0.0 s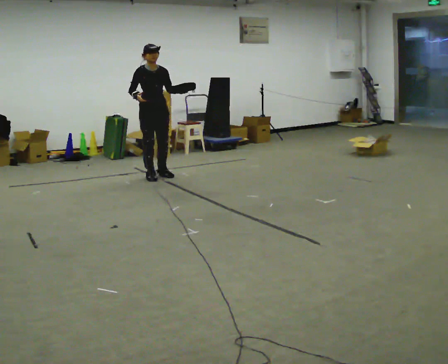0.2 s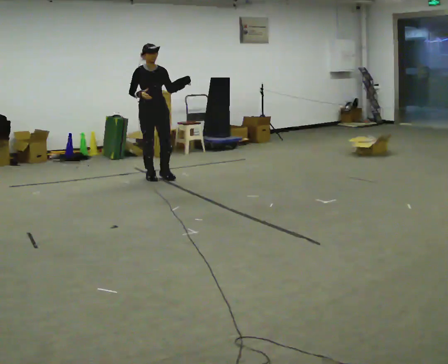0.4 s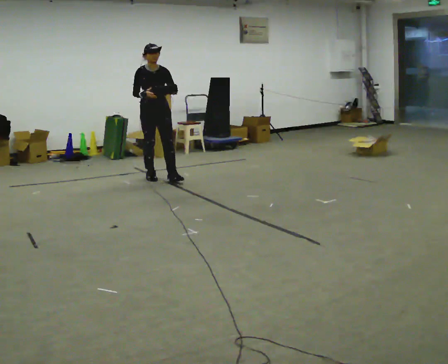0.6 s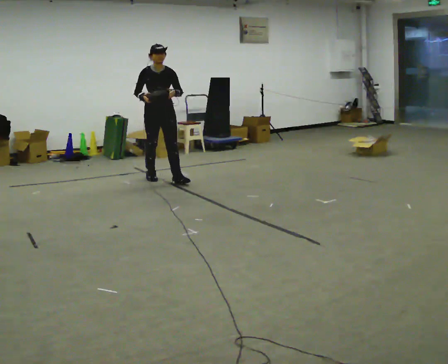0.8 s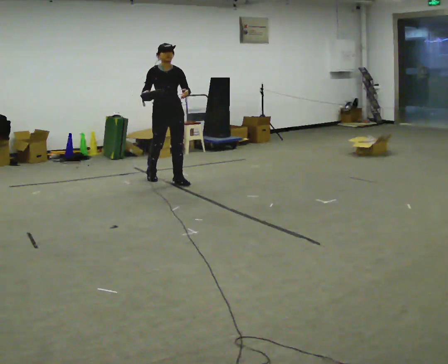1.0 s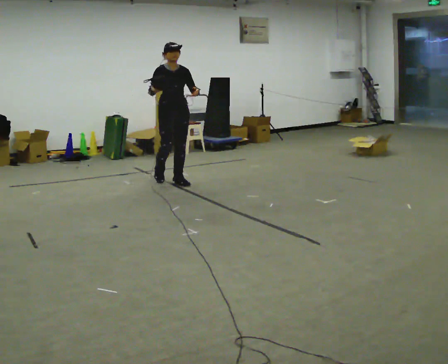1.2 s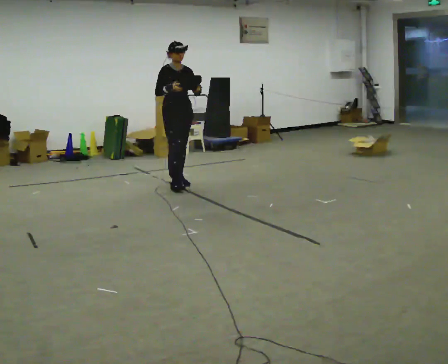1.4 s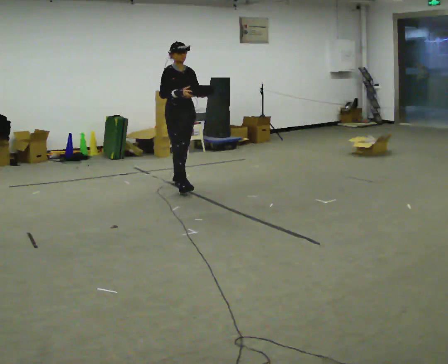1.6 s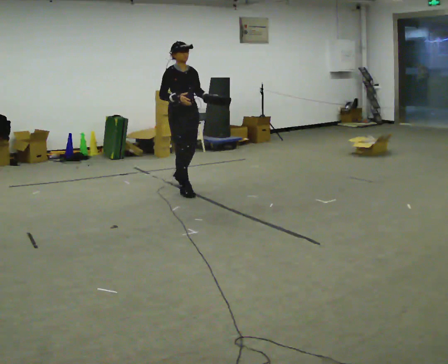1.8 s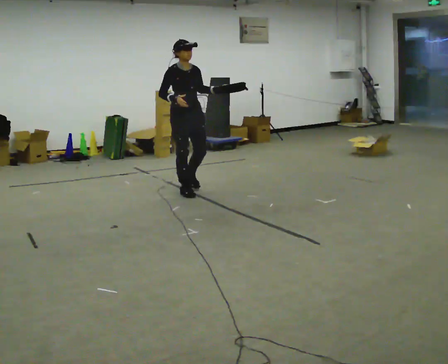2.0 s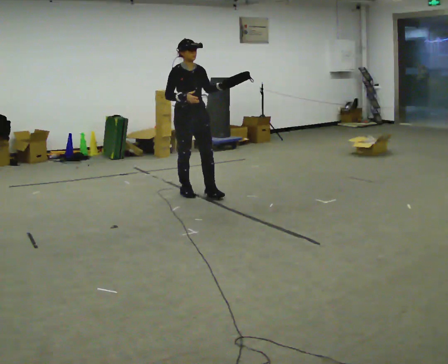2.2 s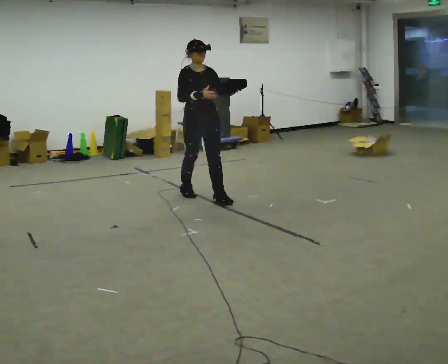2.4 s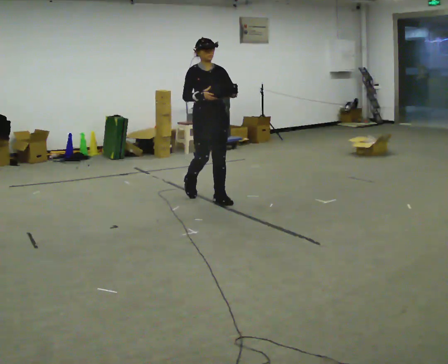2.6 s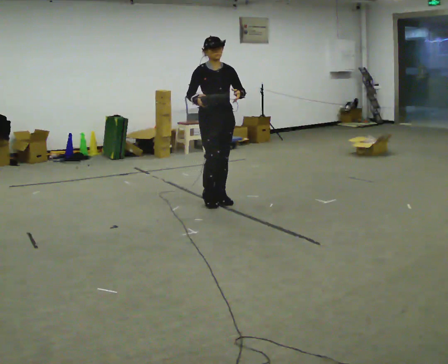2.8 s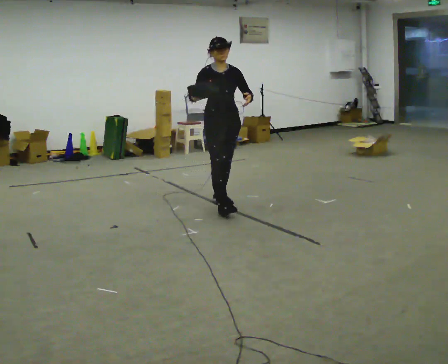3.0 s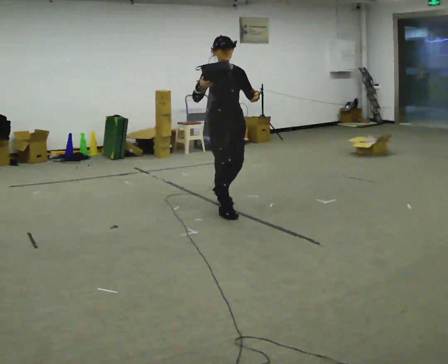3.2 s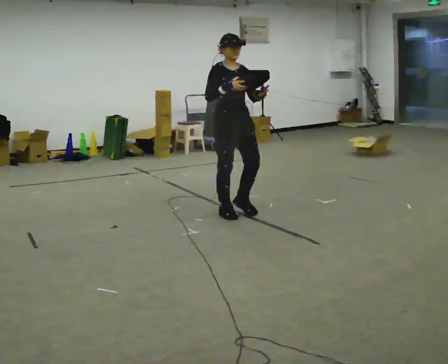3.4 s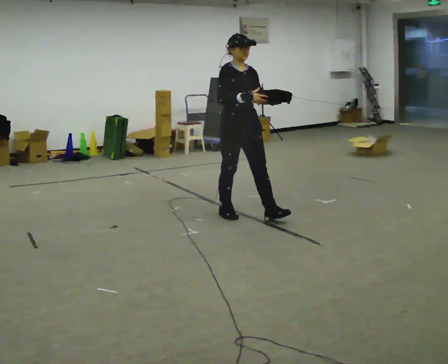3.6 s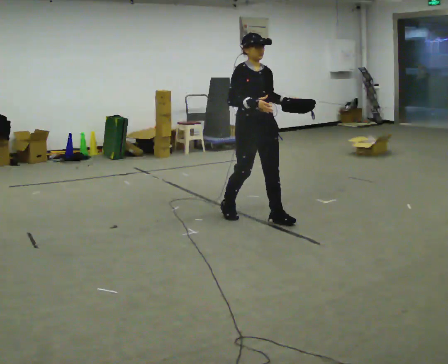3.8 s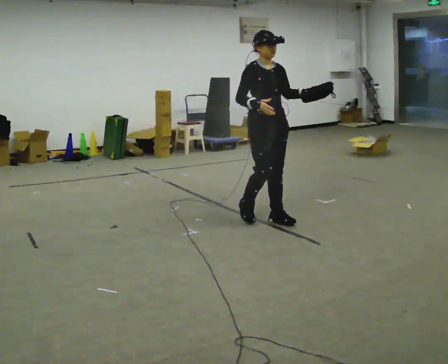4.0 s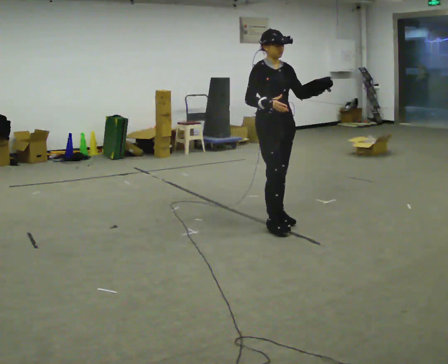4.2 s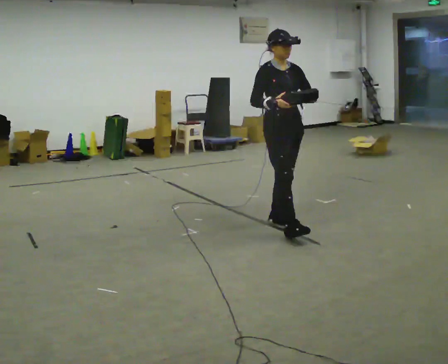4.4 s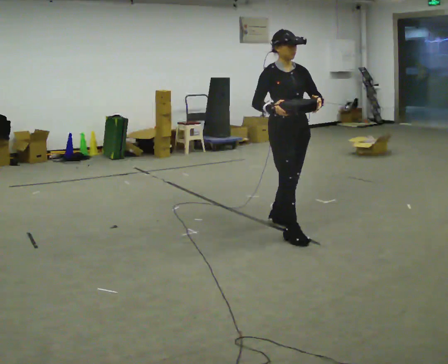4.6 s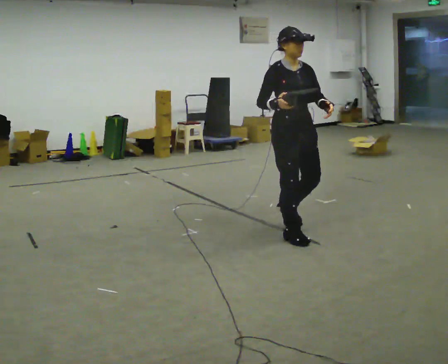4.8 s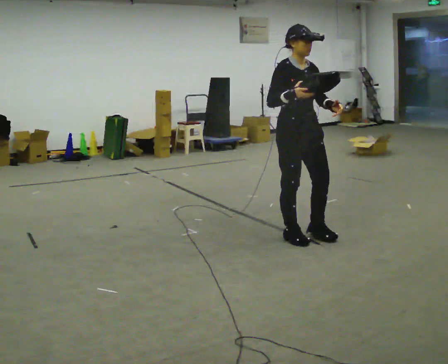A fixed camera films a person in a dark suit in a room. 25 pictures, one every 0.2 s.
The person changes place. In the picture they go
toward the camera.
0.0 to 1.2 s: In the picture they go toward the camera and to the right, about 0.5 m in 1 step, which for them is forward and to their left.
1.2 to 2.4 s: In the picture they go toward the camera and to the right, about 1 m in 2 steps, which for them is forward.
2.4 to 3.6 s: In the picture they go toward the camera and to the right, about 1 m in 2 steps, which for them is forward.
3.6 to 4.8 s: In the picture they go toward the camera and to the right, about 0.5 m in 1 step, which for them is forward.
The film runs forward here.
